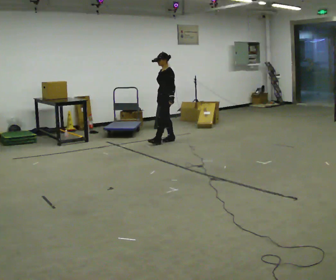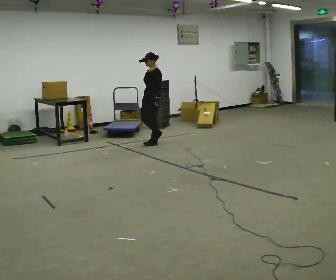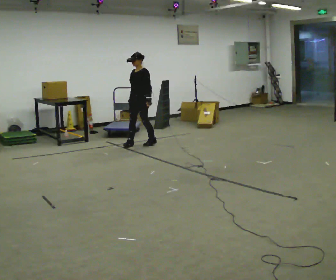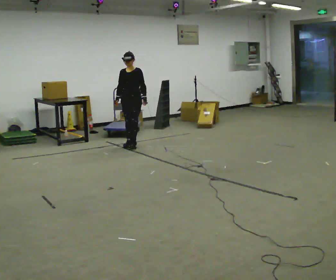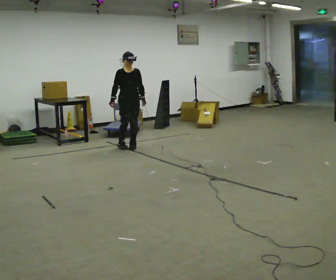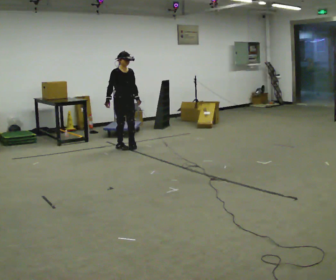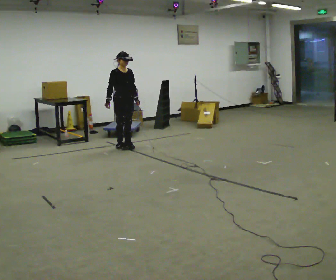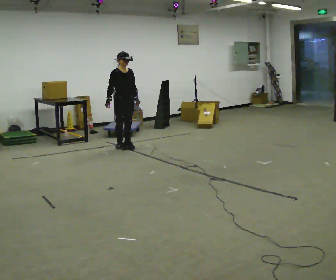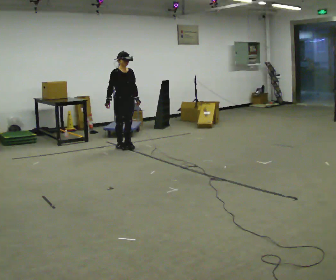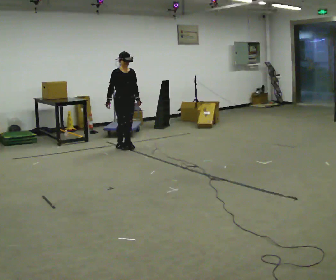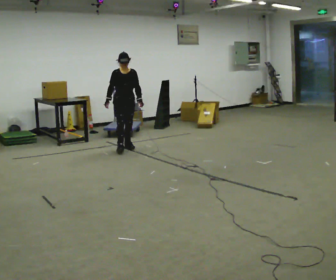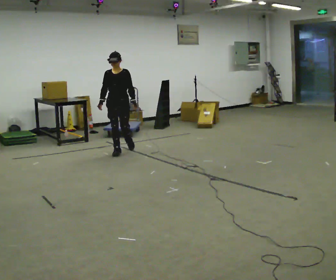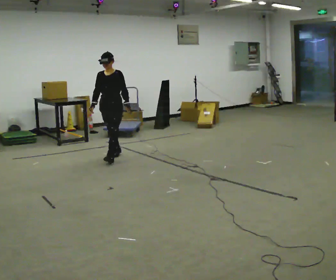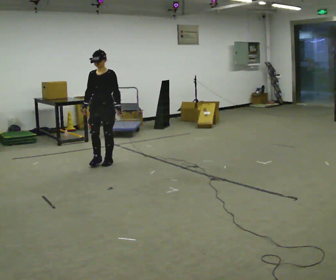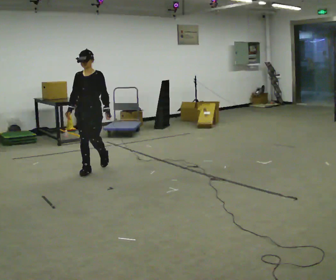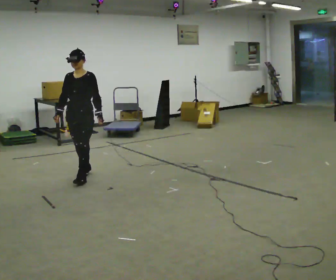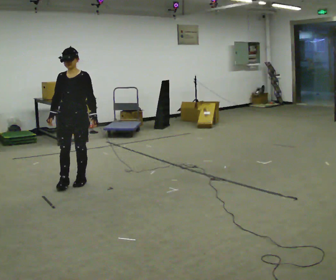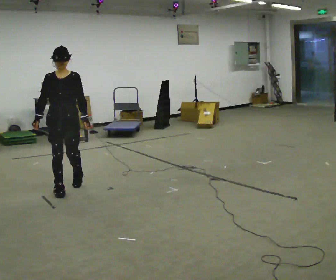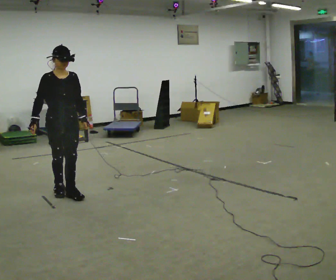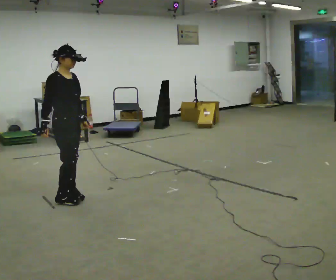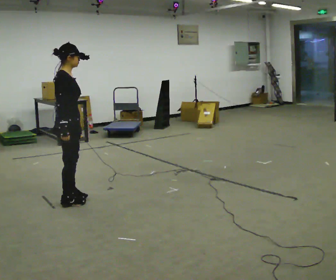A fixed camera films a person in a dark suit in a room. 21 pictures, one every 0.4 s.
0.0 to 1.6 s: The person turns about 75 degrees to their left, counterclockwise seen from above, so the part of the body nearest the lens slides to the right. In the picture they go to the left and toward the camera, about 0.5 m in 3 steps.
1.6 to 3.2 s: The person moves a little, or ends about where they began.
3.2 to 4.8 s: The part of the body nearest the lens slides to the left as the person turns to their right by about 45 degrees. In the picture they go toward the camera, about 0.5 m in 1 step, which for them is forward and to their right.
4.8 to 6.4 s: In the picture they go toward the camera, about 1 m in 3 steps, which for them is forward.
6.4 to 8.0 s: Seen from above the body turns counterclockwise, about 120 degrees: to their left, with its near side sliding to the right. In the picture they go toward the camera, about 0.5 m in 3 steps.
The film runs forward here.
